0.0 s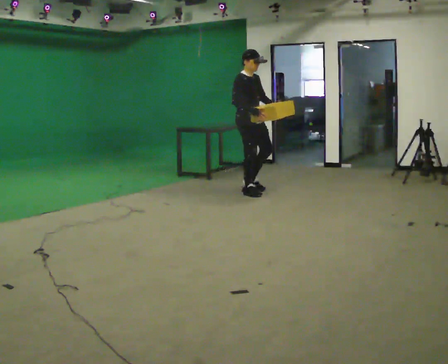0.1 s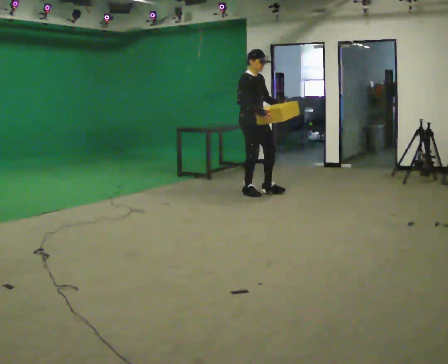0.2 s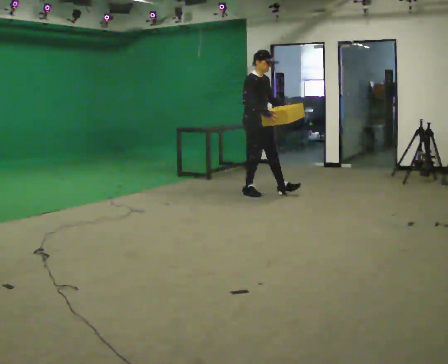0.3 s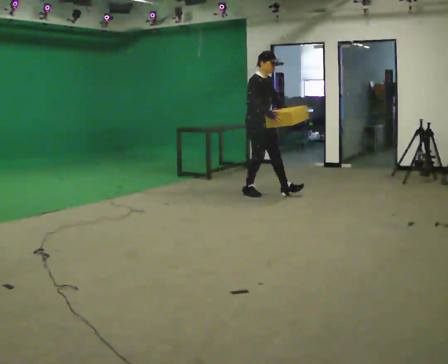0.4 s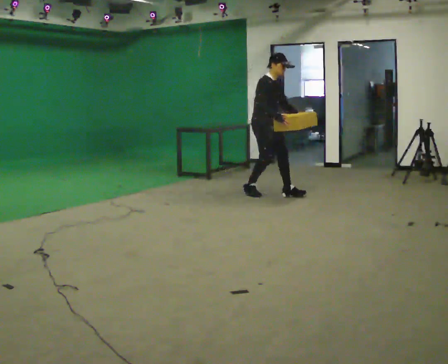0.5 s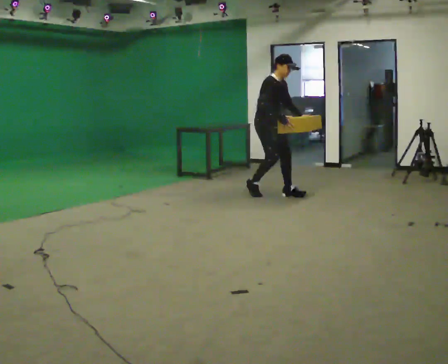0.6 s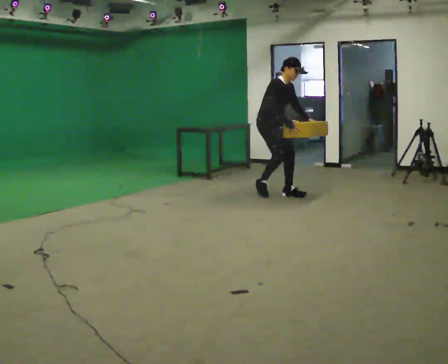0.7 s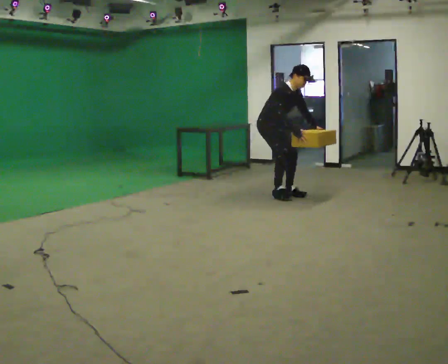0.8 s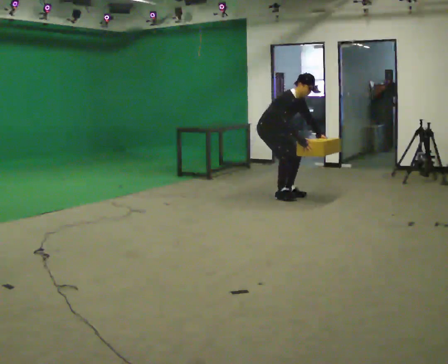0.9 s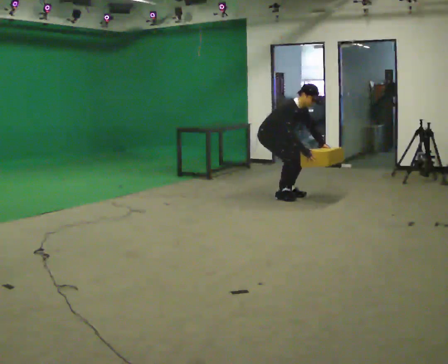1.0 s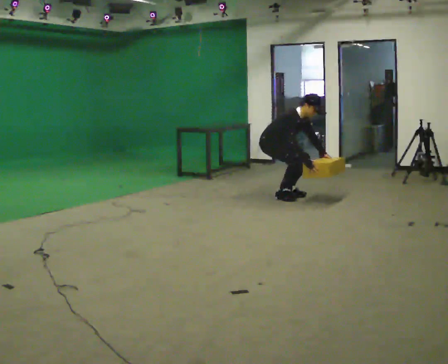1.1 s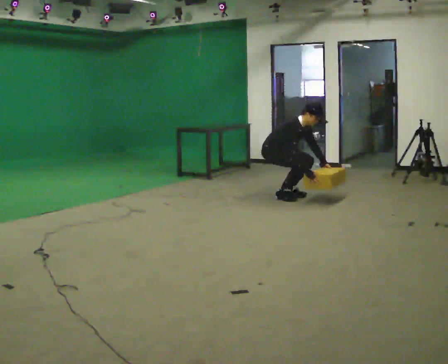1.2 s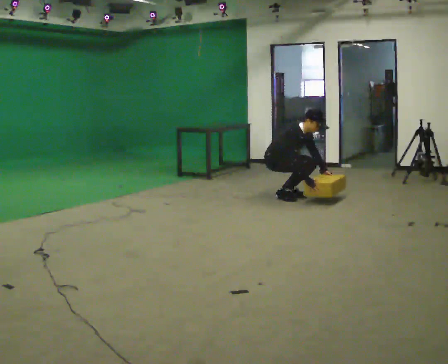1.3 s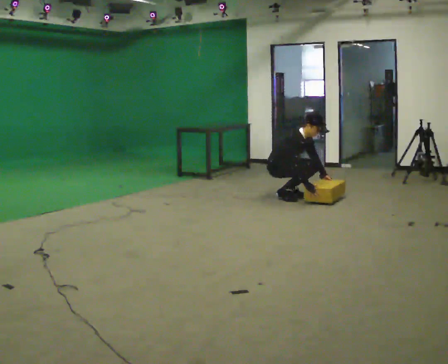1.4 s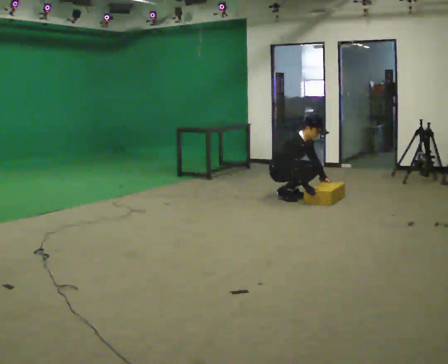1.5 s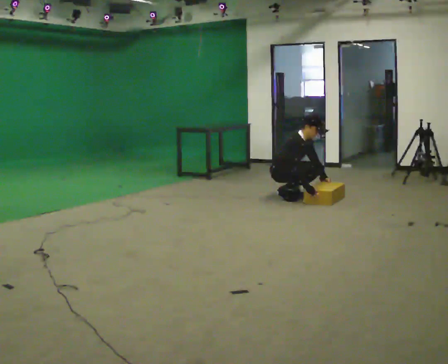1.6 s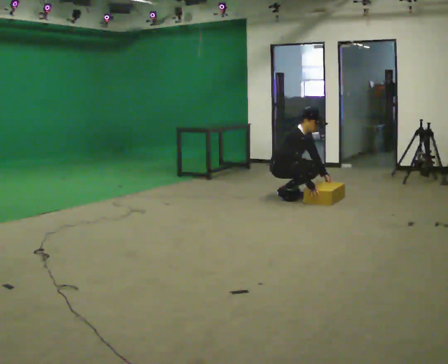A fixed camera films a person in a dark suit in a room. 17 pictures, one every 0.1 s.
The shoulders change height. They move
downward.
Their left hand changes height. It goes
downward.
0.0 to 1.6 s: In the picture they go to the right and toward the camera, about 0.5 m in 2 steps, which for them is forward. The upper body goes downward. In the picture their right hand goes downward.
The film runs forward here.
